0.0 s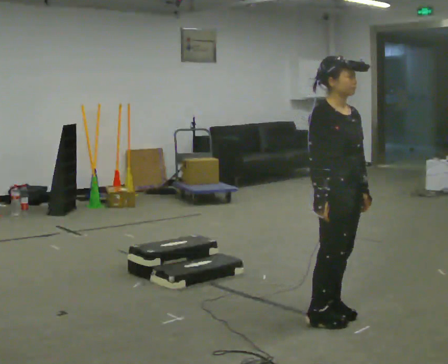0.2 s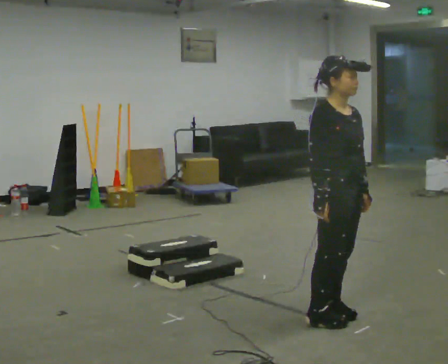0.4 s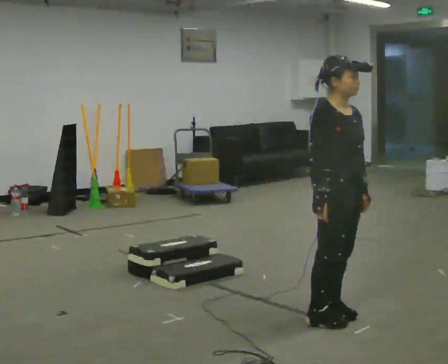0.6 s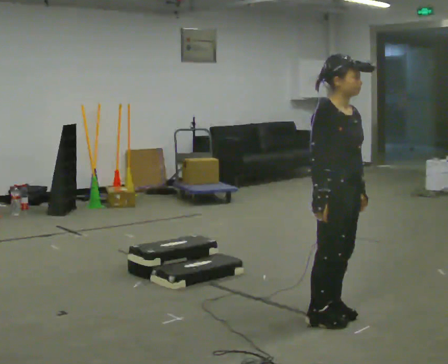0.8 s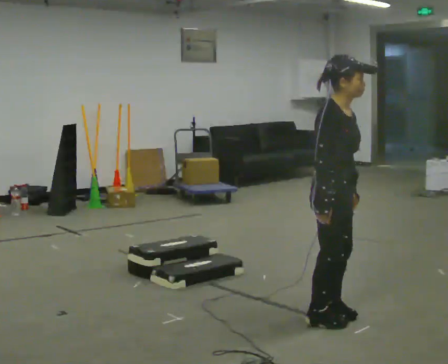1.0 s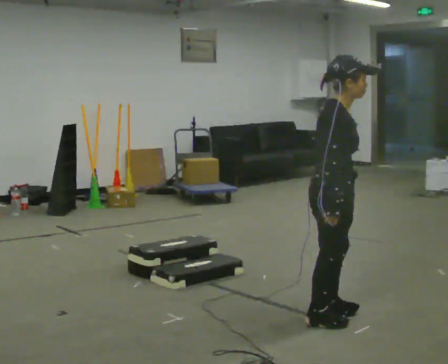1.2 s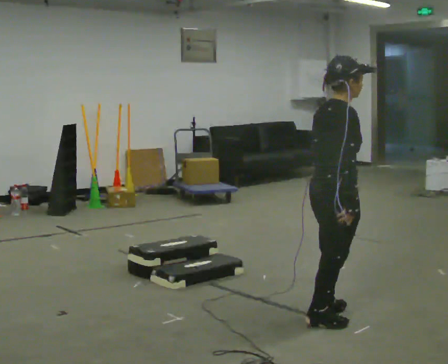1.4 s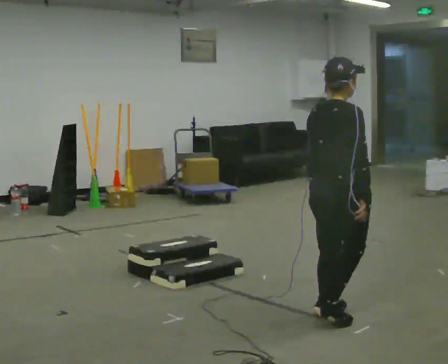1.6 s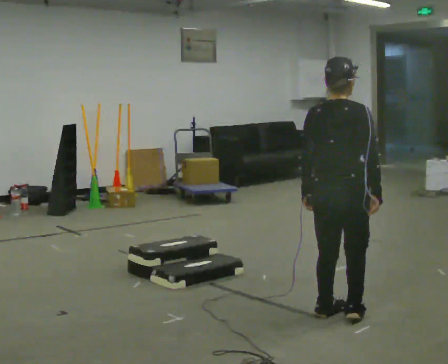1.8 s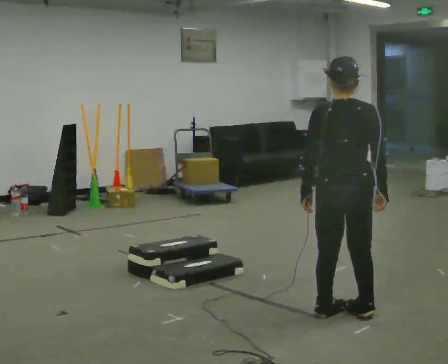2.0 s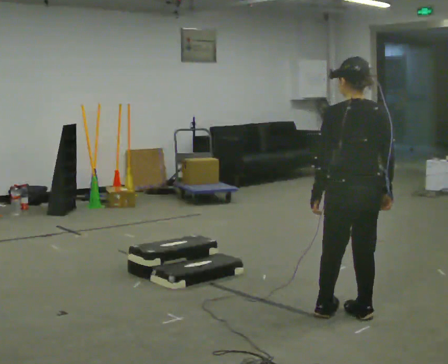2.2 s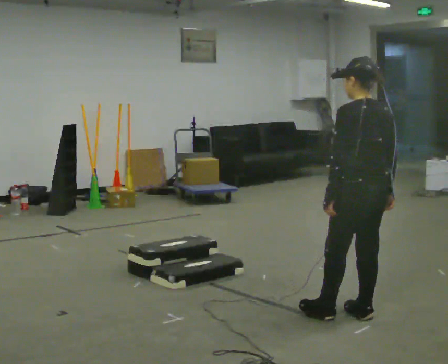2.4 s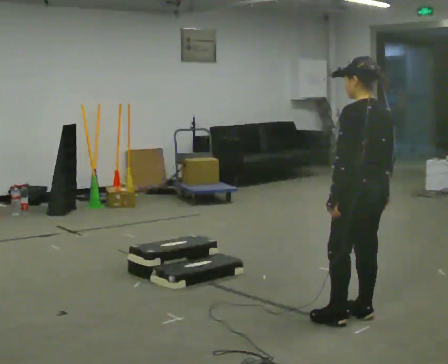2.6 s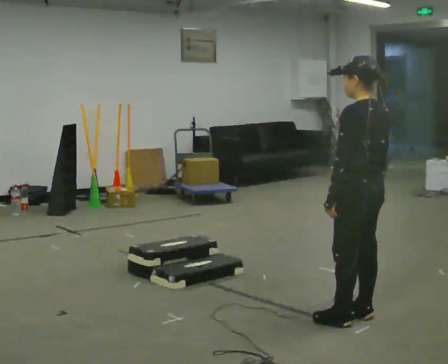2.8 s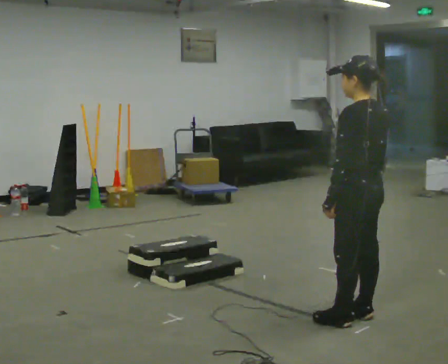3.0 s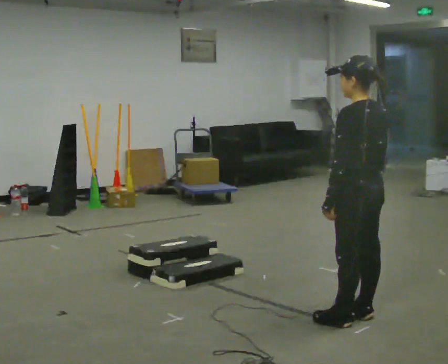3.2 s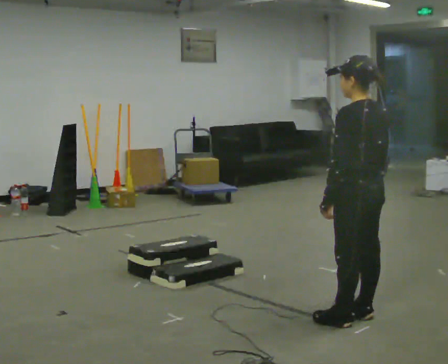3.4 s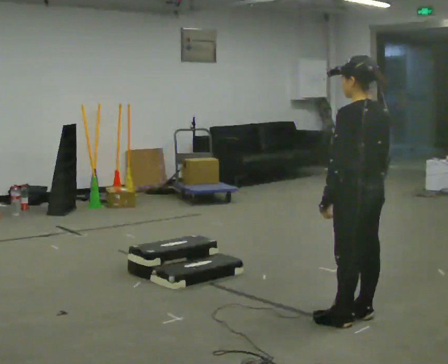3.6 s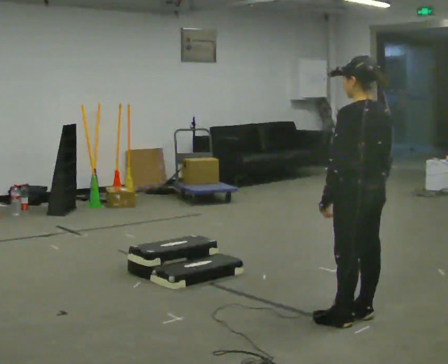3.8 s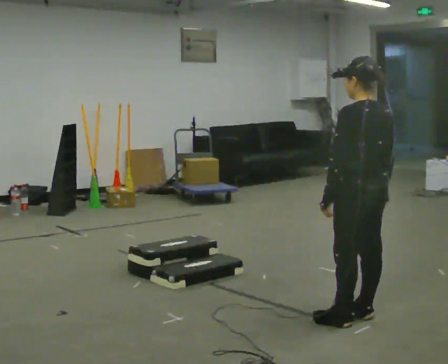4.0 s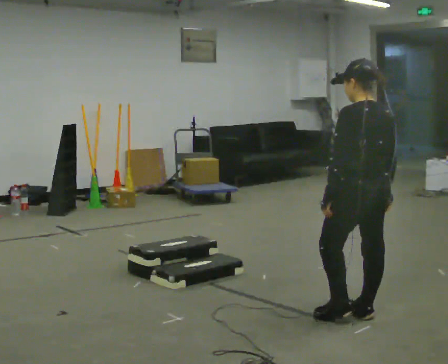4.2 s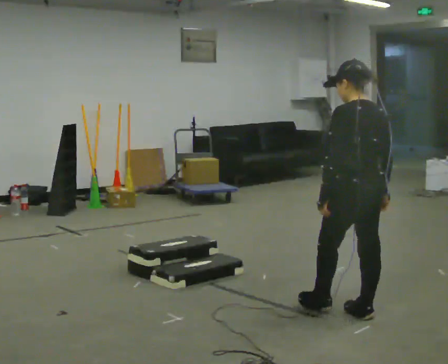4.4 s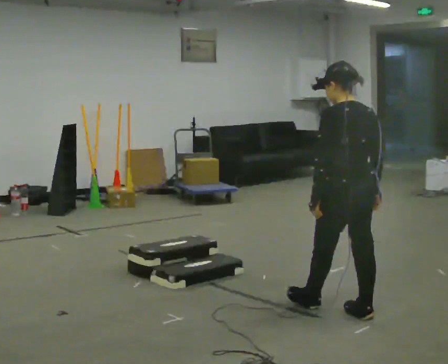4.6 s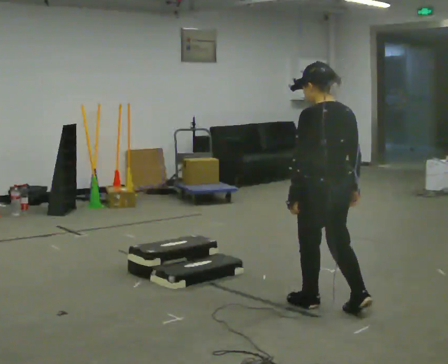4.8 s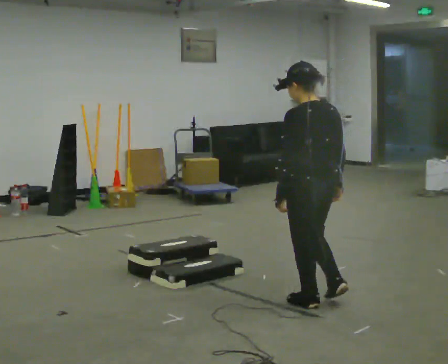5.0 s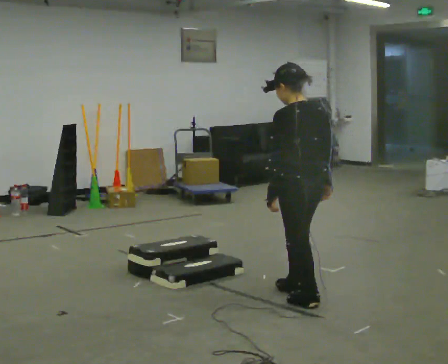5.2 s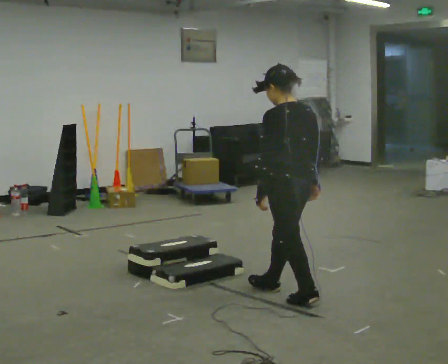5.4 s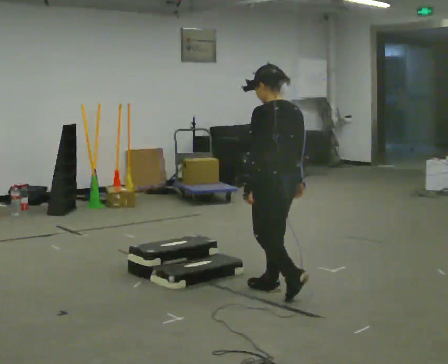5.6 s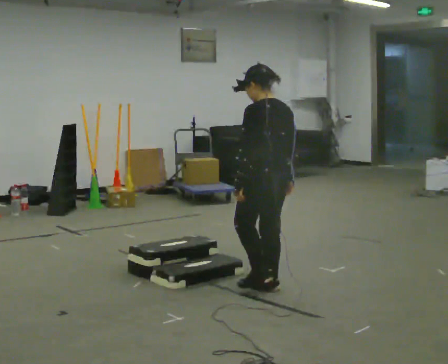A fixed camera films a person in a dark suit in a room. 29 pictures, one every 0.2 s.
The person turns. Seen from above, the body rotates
counterclockwise.
The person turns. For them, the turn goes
to their left.
0.0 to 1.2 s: Seen from above the body turns counterclockwise, about 60 degrees: to their left, with its near side sliding to the right.
1.2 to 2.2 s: Seen from above the body turns counterclockwise, about 105 degrees: to their left, with its near side sliding to the right. In the picture they go to the right, about 0.25 m in 1 step.
2.2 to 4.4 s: The person moves a little, or ends about where they began.
4.4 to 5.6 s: In the picture they go away from the camera and to the left, about 0.75 m in 1 step, which for them is forward.
The film runs forward here.
